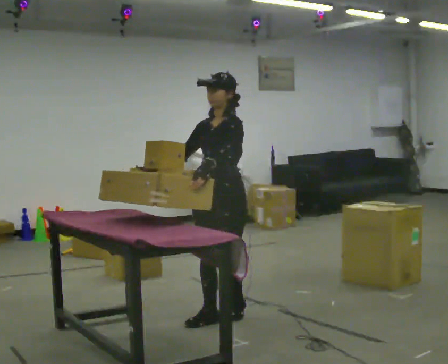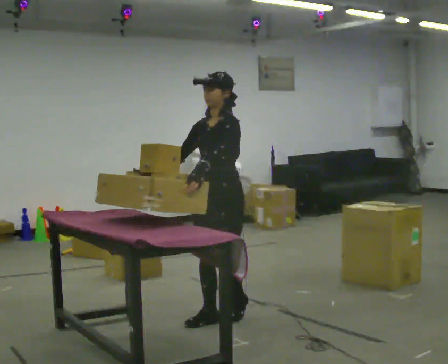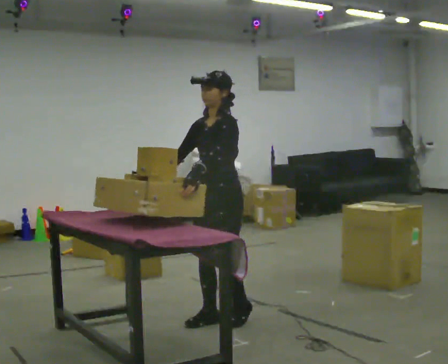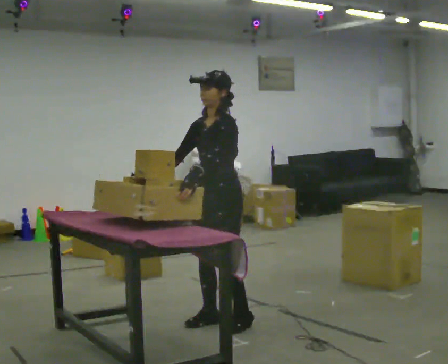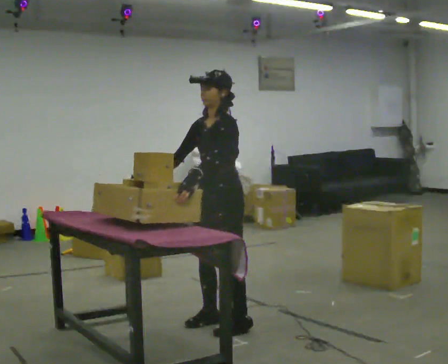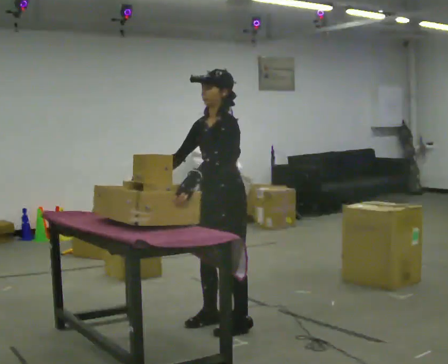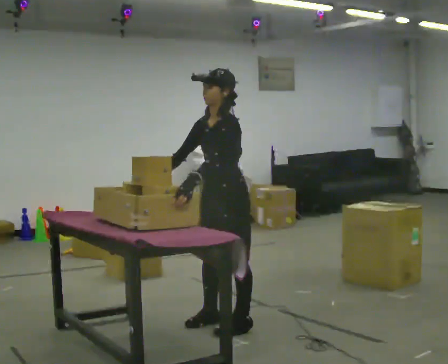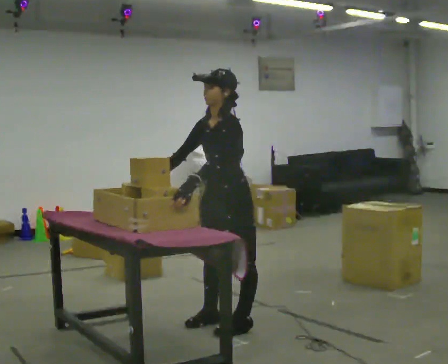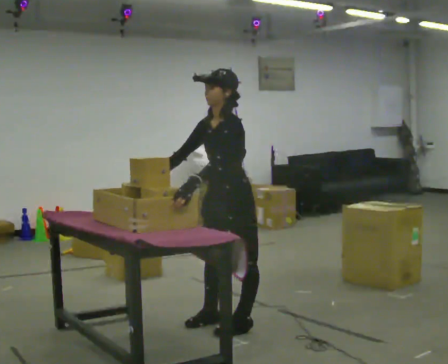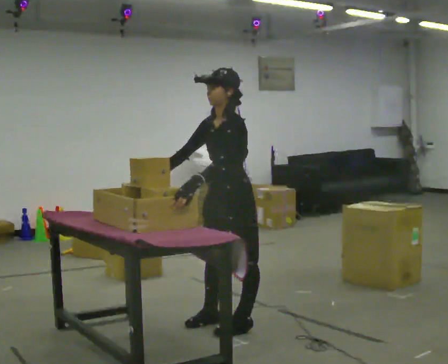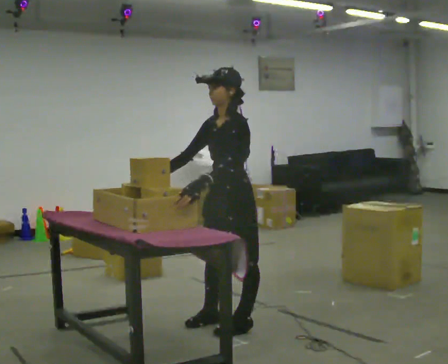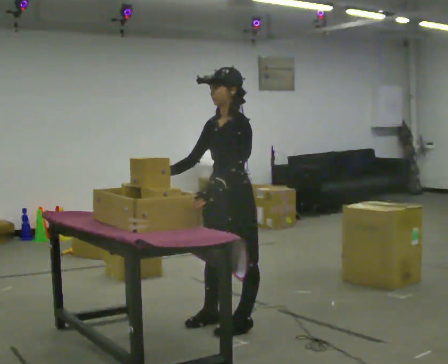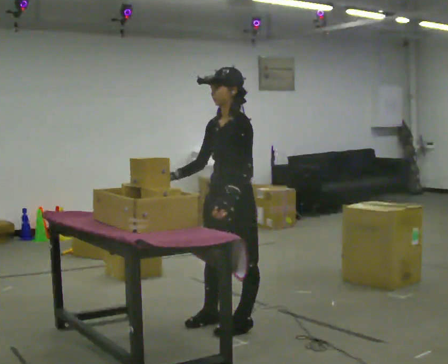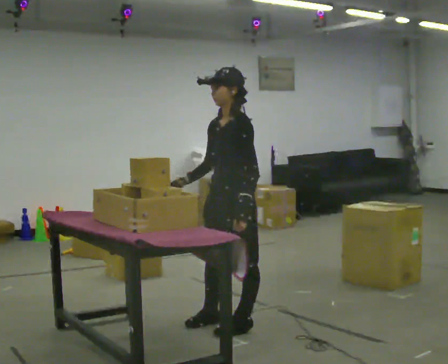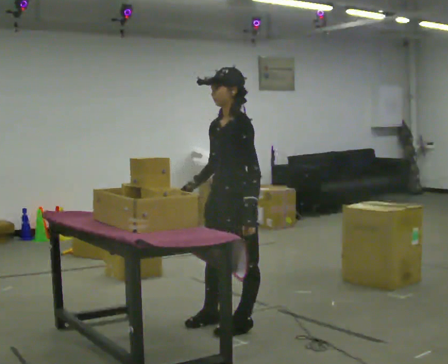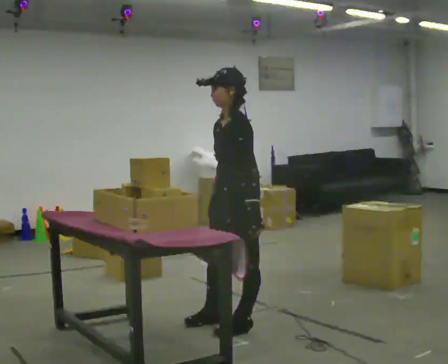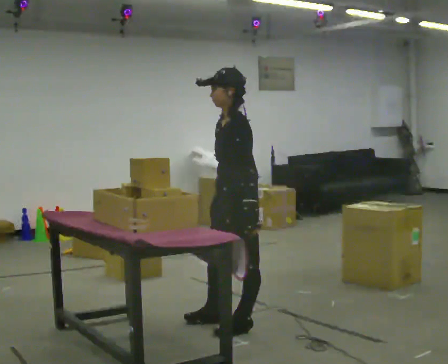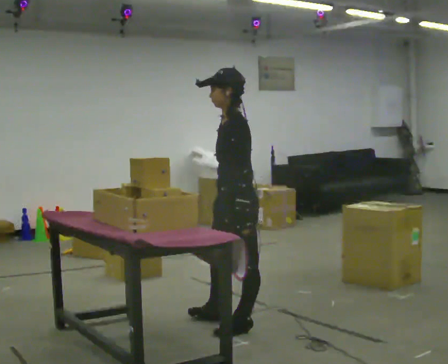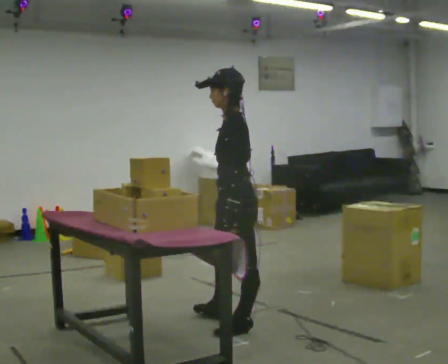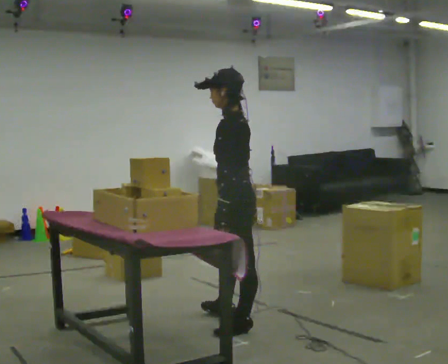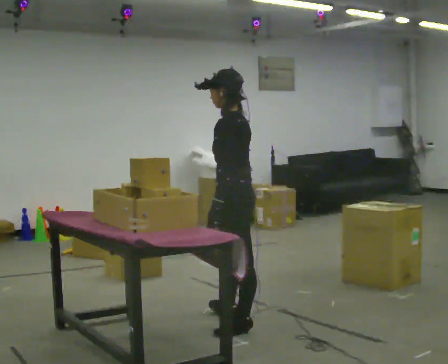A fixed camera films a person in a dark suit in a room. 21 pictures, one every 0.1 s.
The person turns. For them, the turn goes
to their right.
Their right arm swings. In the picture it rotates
counterclockwise.
0.0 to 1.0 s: In the picture they go toward the camera, about 0.25 m in 1 step, which for them is to their left.
1.0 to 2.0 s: The part of the body nearest the lens slides to the left as the person turns to their right by about 45 degrees. In the picture their right hand goes to the right, the arm swinging counterclockwise.
The film runs forward here.
